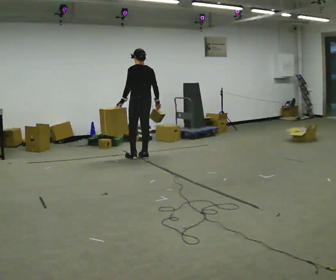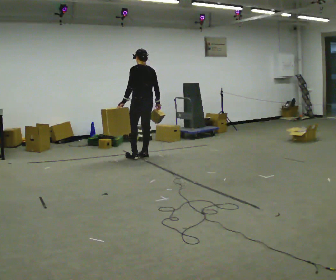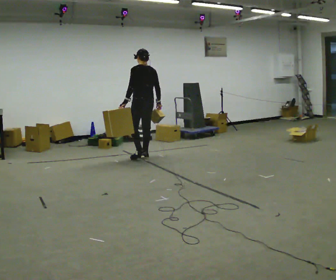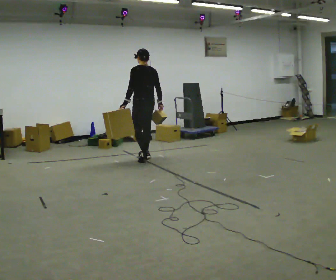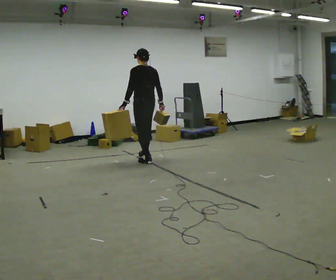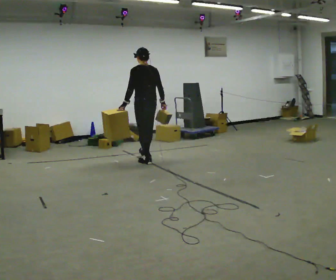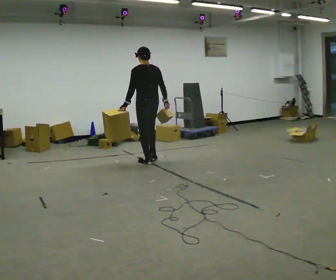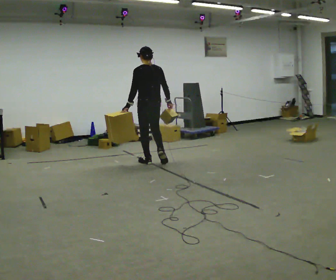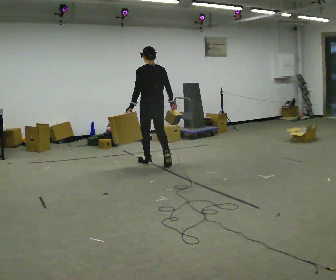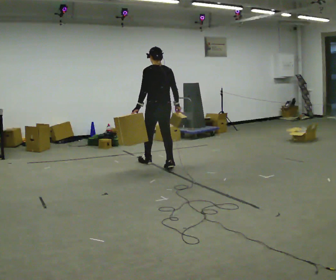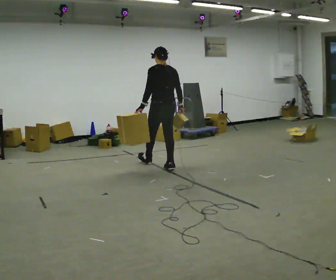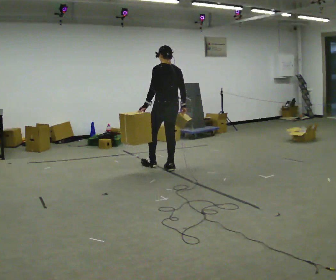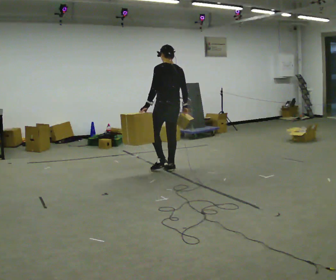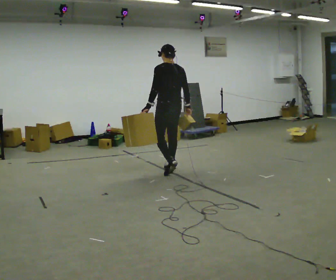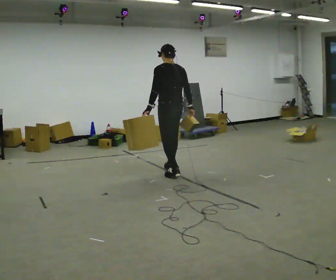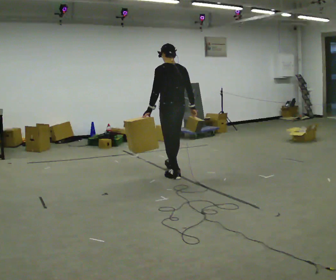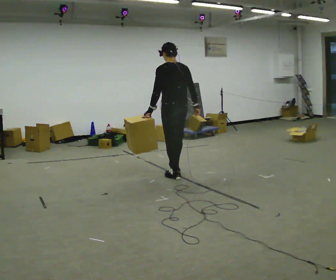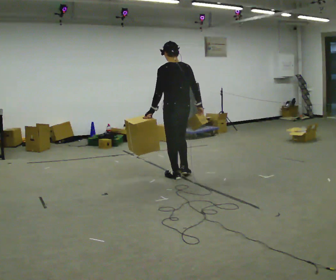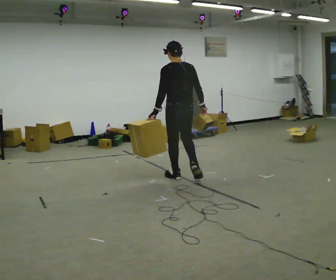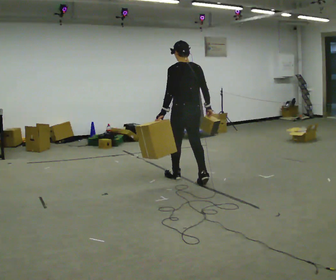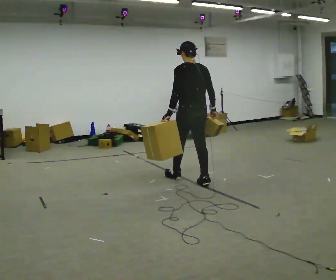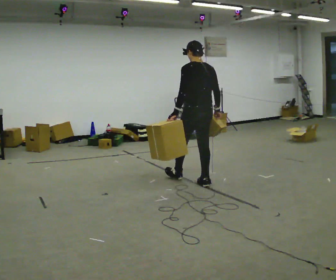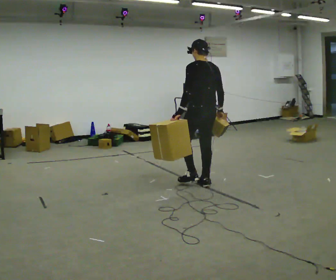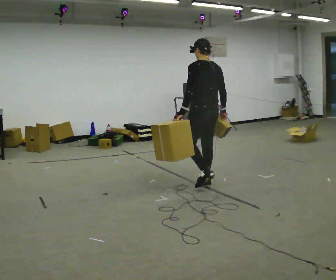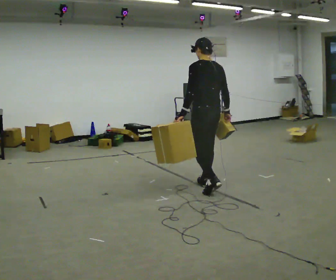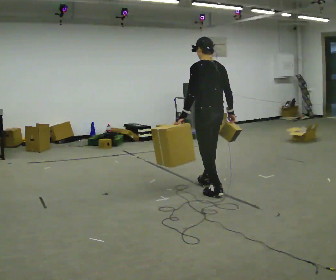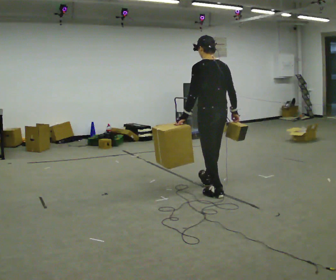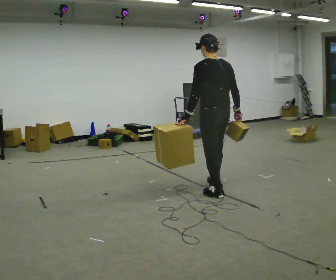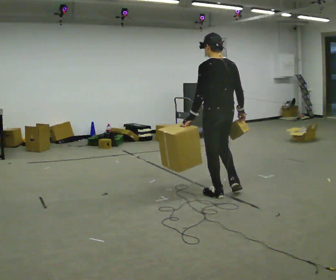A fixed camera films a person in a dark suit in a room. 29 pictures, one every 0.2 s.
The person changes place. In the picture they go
toward the camera.
0.0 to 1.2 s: In the picture they go toward the camera, about 0.25 m in 2 steps, which for them is backward.
1.2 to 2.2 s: In the picture they go toward the camera and to the right, about 0.5 m in 1 step, which for them is backward.
2.2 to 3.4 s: In the picture they go toward the camera, about 0.5 m in 1 step, which for them is backward.
3.4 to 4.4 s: In the picture they go toward the camera and to the right, about 0.5 m in 1 step, which for them is backward and to their right.
4.4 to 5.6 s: In the picture they go toward the camera, about 0.5 m in 1 step, which for them is backward.
The film runs backward here.
